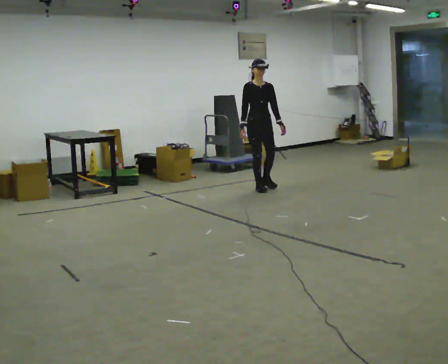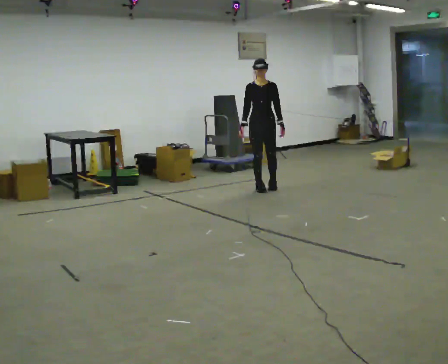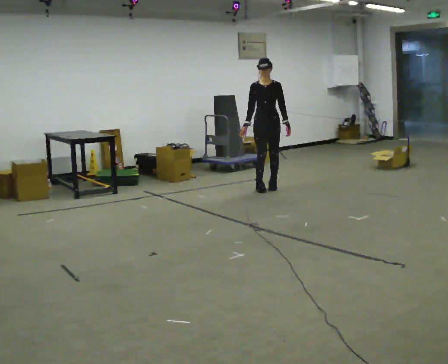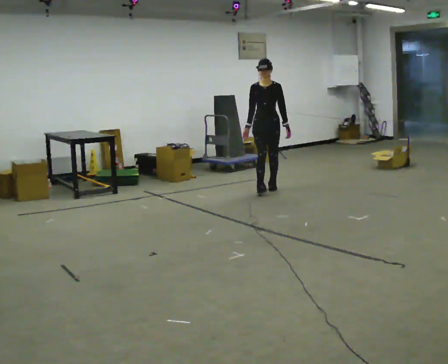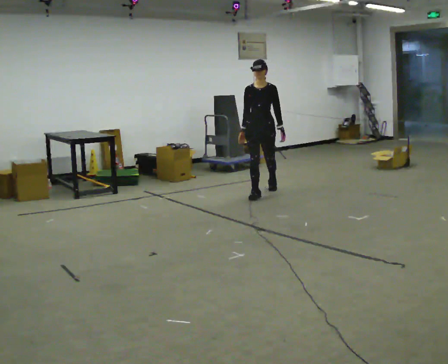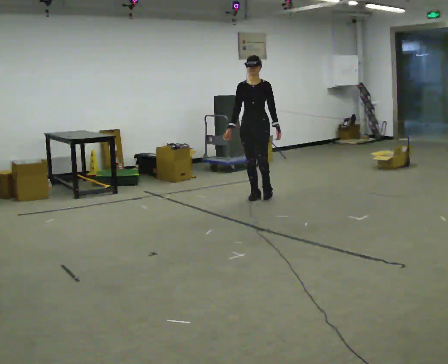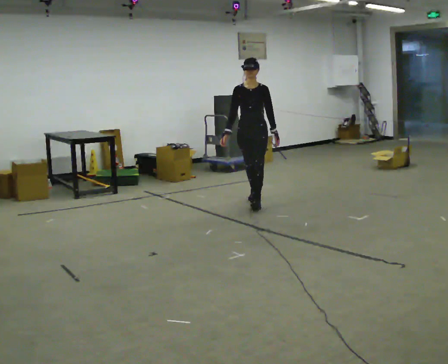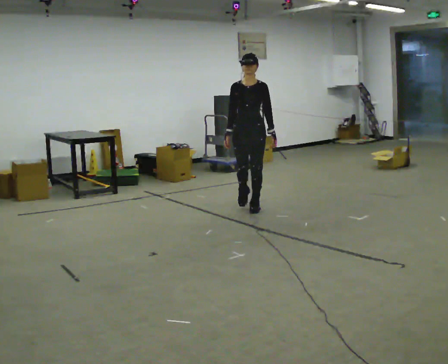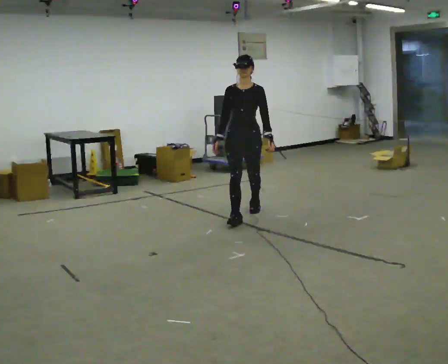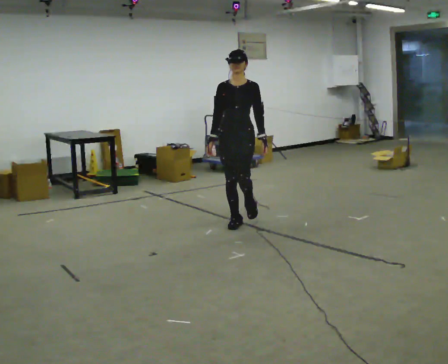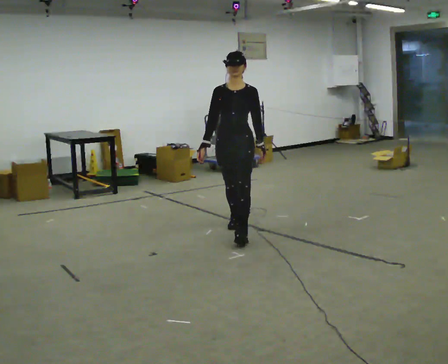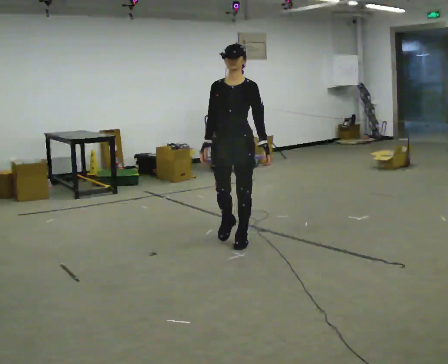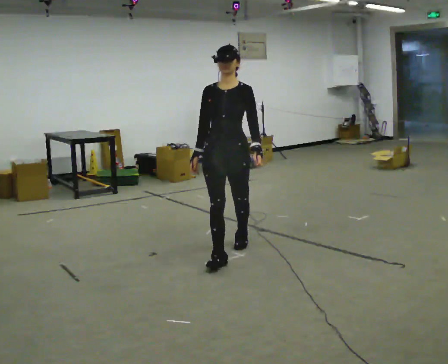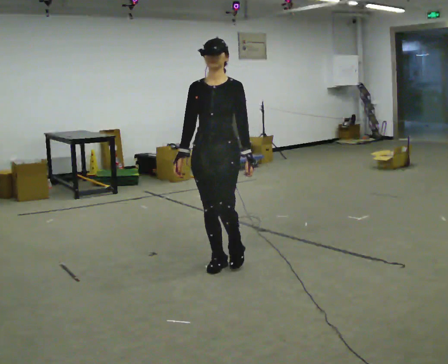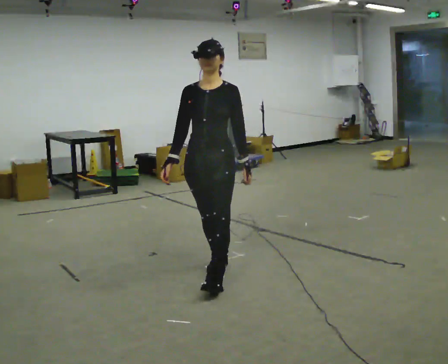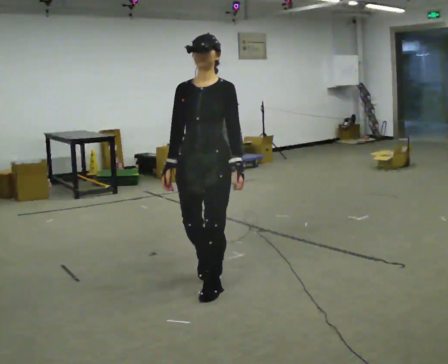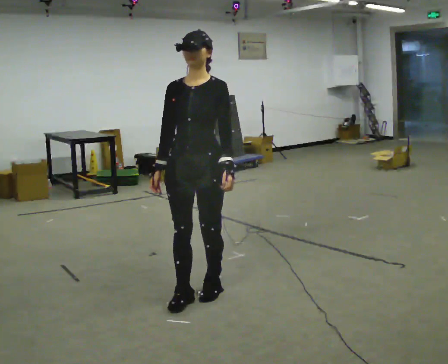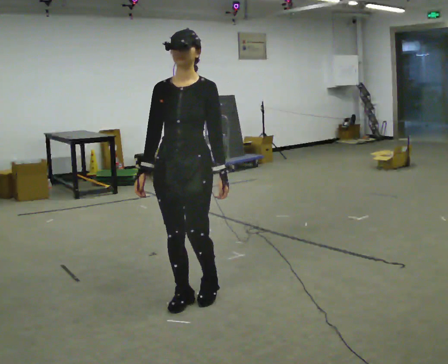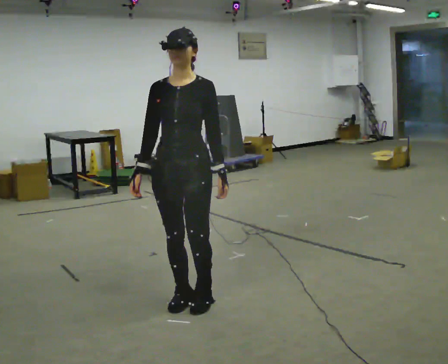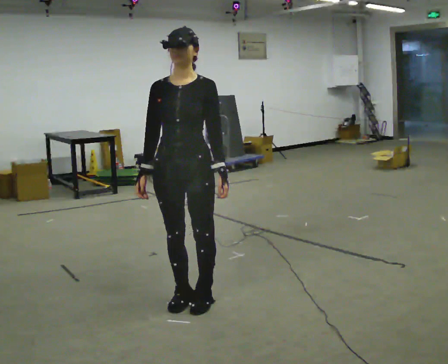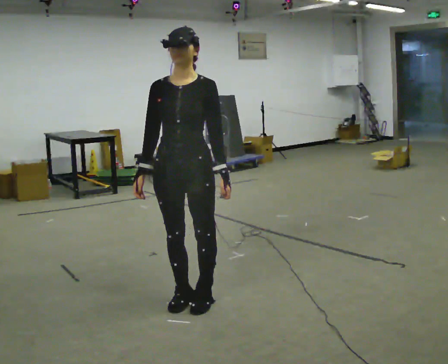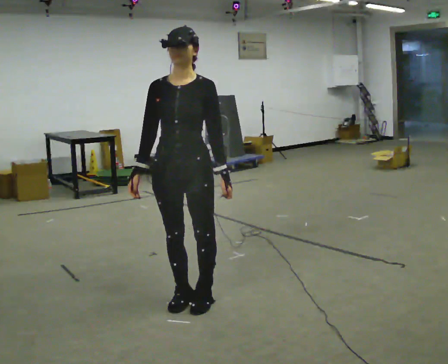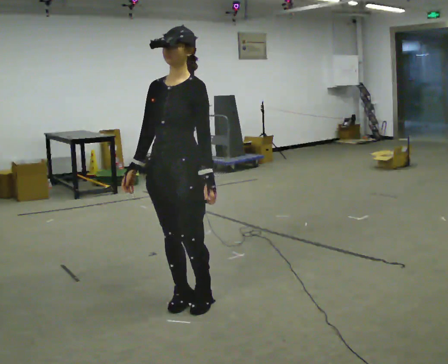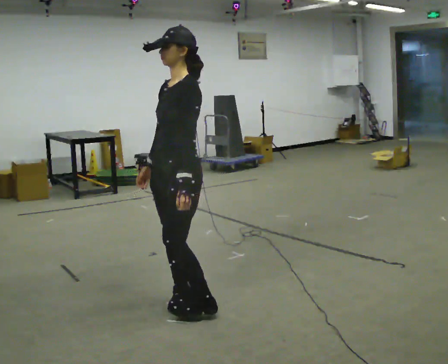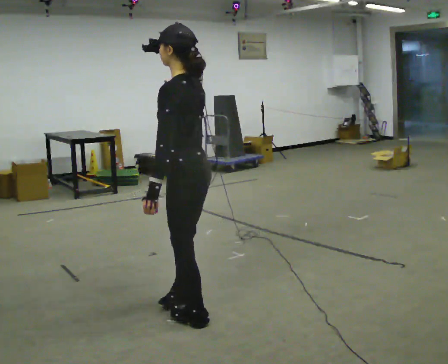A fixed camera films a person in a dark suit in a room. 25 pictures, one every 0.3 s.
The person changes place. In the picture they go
toward the camera.
0.0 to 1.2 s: In the picture they go toward the camera, about 0.25 m in 2 steps, which for them is forward.
1.2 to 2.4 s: In the picture they go toward the camera, about 1 m in 2 steps, which for them is forward.
2.4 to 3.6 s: In the picture they go toward the camera, about 1 m in 2 steps, which for them is forward.
3.6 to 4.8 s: In the picture they go toward the camera, about 1 m in 2 steps, which for them is forward.
4.8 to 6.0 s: The person moves a little, or ends about where they began.
6.0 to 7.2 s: The part of the body nearest the lens slides to the left as the person turns to their right by about 105 degrees. In the picture they go toward the camera, about 0.25 m in 1 step. In the picture their right hand goes to the right.
The film runs forward here.
